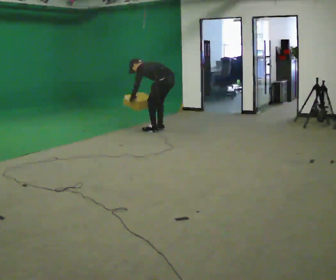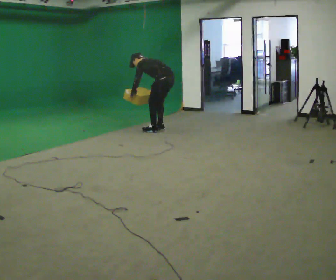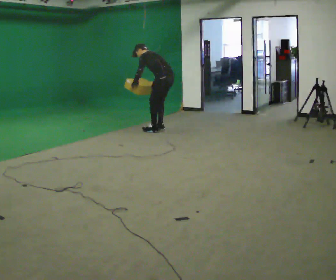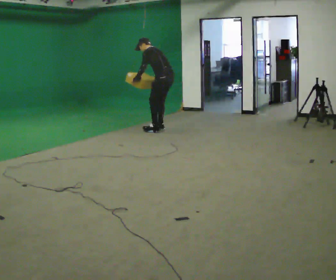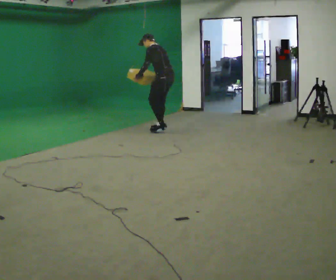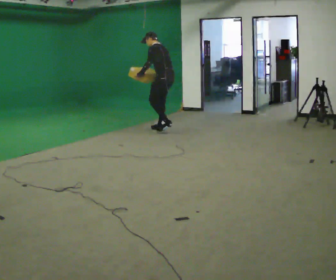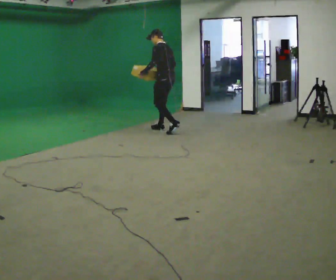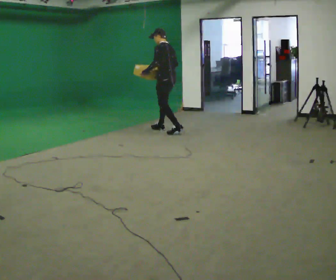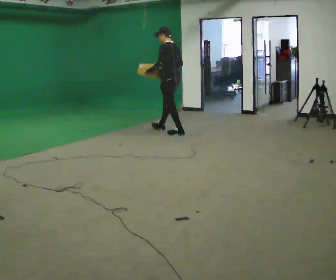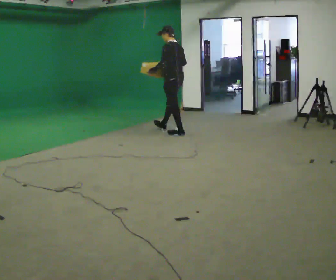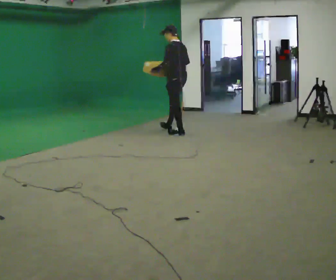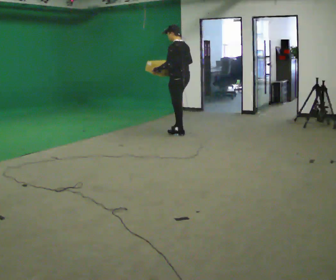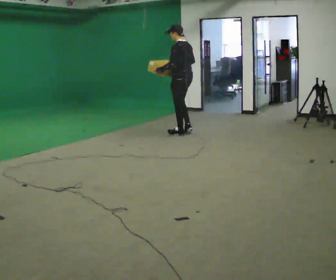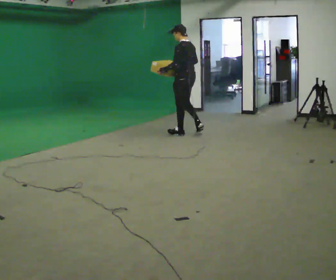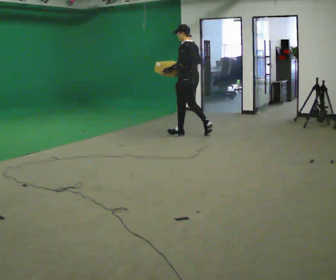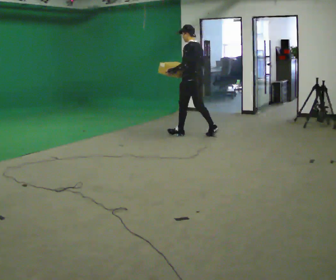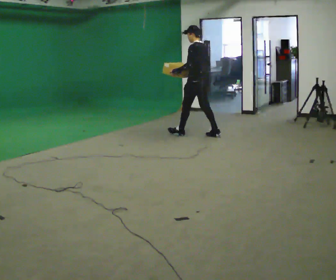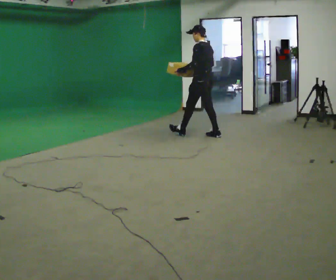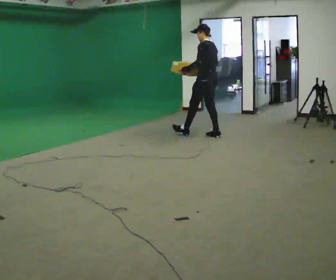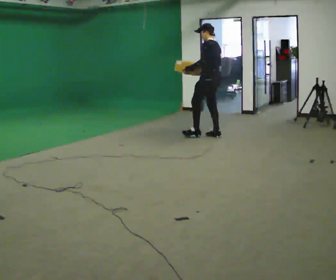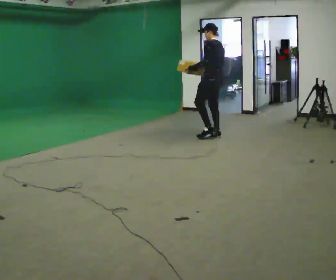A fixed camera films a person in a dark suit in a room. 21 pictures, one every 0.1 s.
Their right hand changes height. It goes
upward.
The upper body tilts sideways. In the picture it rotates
clockwise.
0.0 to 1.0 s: In the picture they go to the right and toward the camera, about 0.25 m in 2 steps, which for them is backward. The shoulders move upward. In the picture the upper body tilts clockwise, shoulders to the right, as they lean back or straighten. In the picture their right hand goes upward and to the right.
1.0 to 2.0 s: In the picture they go to the right and toward the camera, about 0.5 m in 1 step, which for them is backward.
The film runs backward here.
